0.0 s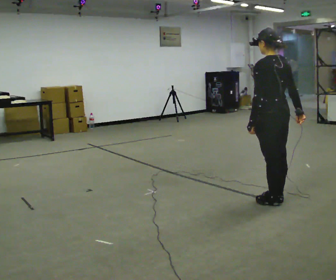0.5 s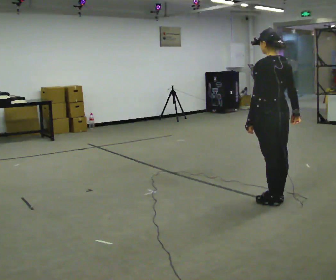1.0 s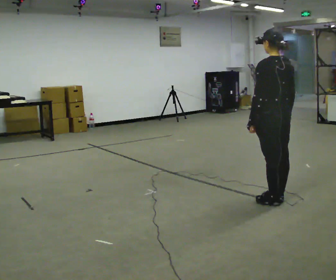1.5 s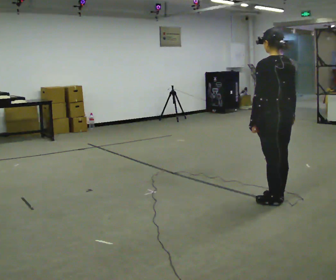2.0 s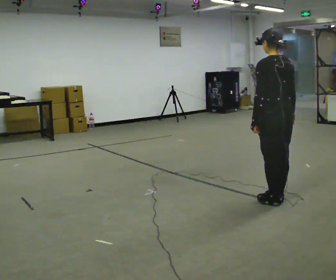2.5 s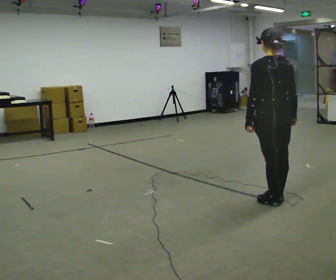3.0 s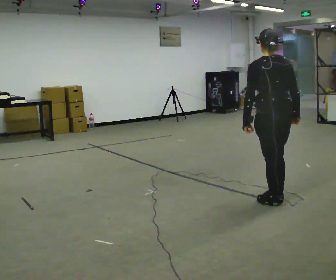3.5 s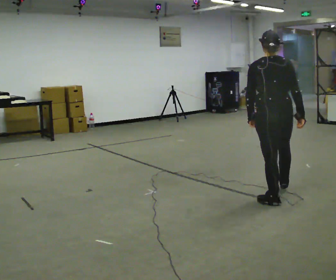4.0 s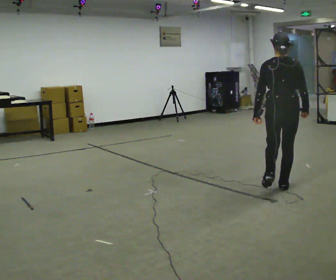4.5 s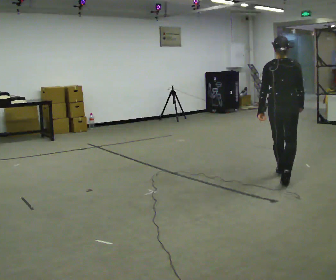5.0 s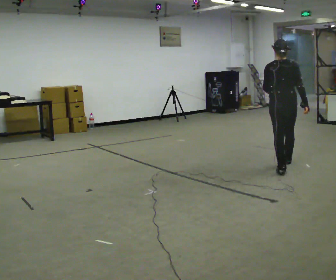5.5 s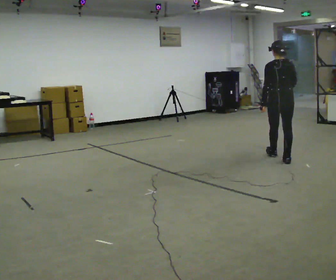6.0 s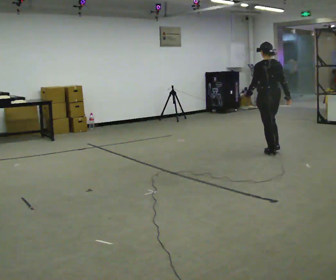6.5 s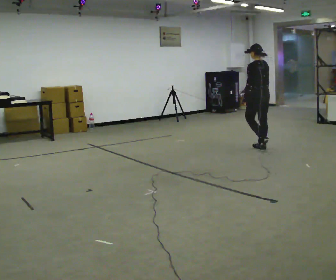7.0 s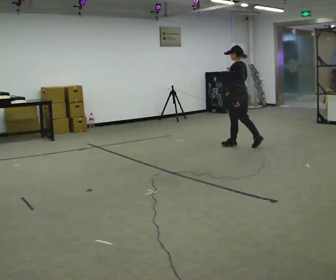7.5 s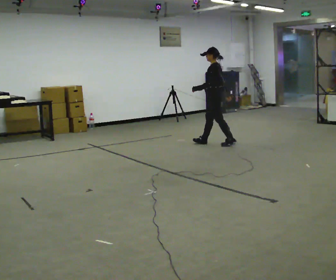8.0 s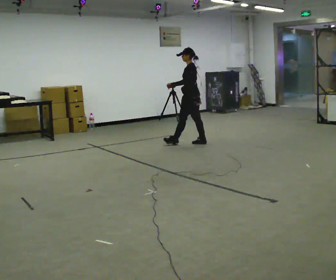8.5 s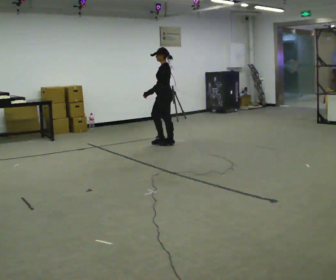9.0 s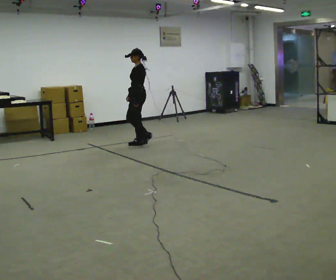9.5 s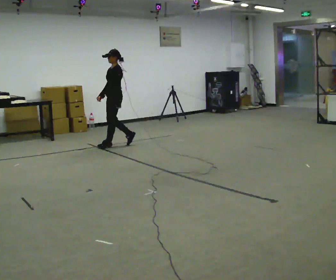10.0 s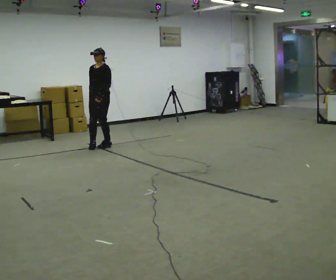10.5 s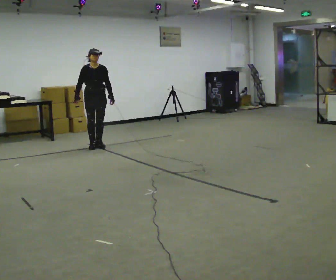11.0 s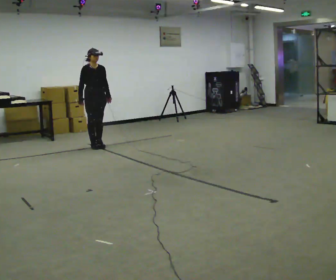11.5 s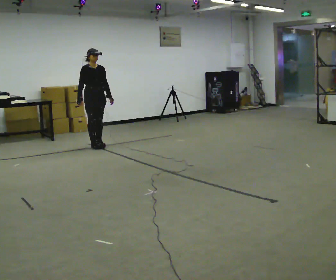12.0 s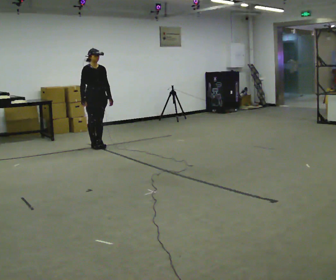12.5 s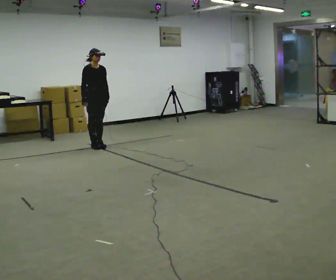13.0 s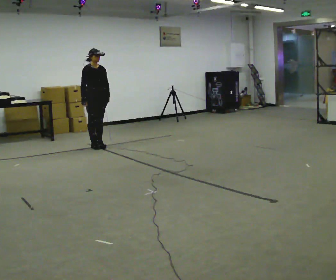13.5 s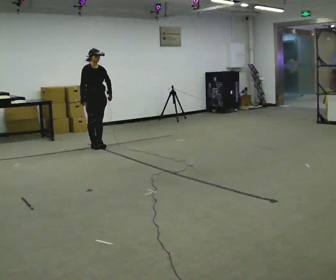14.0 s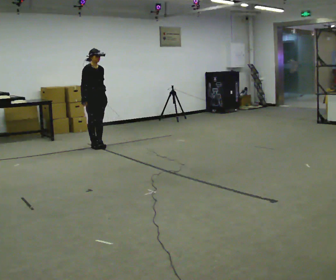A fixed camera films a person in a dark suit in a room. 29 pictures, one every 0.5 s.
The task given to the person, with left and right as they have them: Walk forward; gradually curve left/right; straighten out.
0.0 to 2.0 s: The person moves a little, or ends about where they began.
2.0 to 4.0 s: The part of the body nearest the lens slides to the left as the person turns to their right by about 45 degrees. In the picture they go away from the camera, about 0.5 m in 1 step, which for them is forward and to their right.
4.0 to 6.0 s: The part of the body nearest the lens slides to the right as the person turns to their left by about 30 degrees. In the picture they go away from the camera, about 1.5 m in 3 steps, which for them is forward.
6.0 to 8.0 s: Seen from above the body turns counterclockwise, about 60 degrees: to their left, with its near side sliding to the right. In the picture they go to the left and away from the camera, about 1.5 m in 3 steps.
8.0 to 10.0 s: Seen from above the body turns counterclockwise, about 75 degrees: to their left, with its near side sliding to the right. In the picture they go to the left, about 1.5 m in 4 steps.
10.0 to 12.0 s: The part of the body nearest the lens slides to the right as the person turns to their left by about 60 degrees.
12.0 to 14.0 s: The person moves a little, or ends about where they began.
The film runs forward here.
